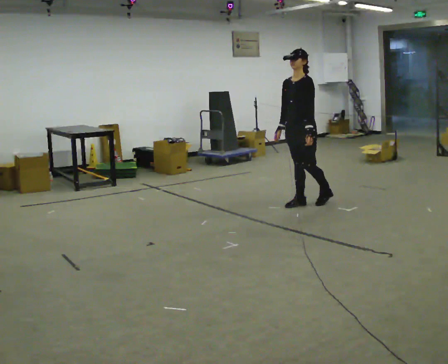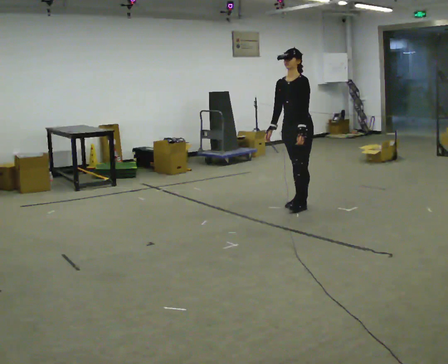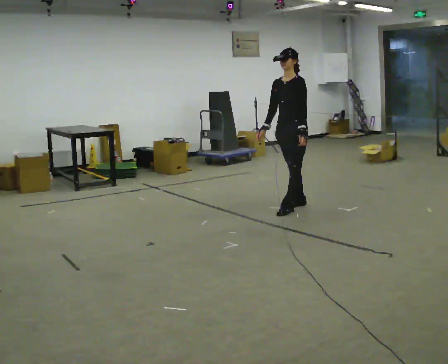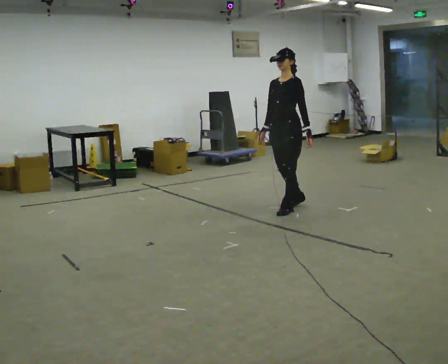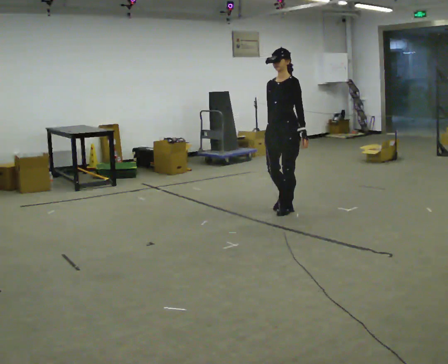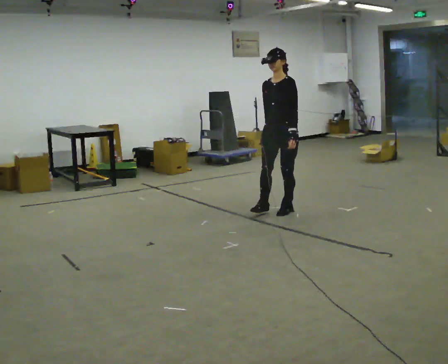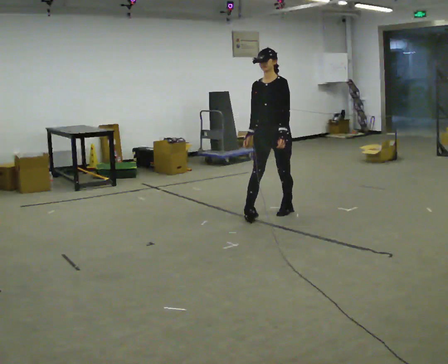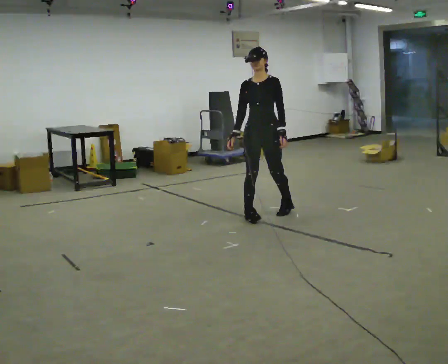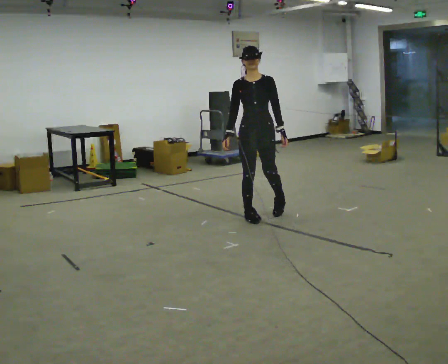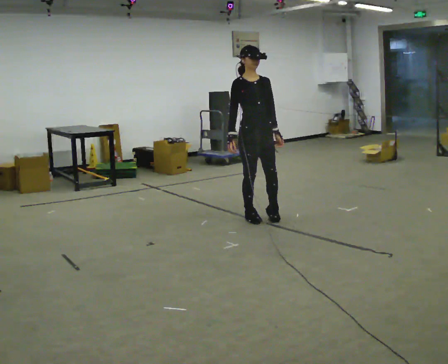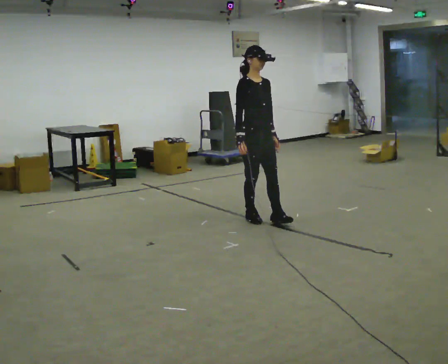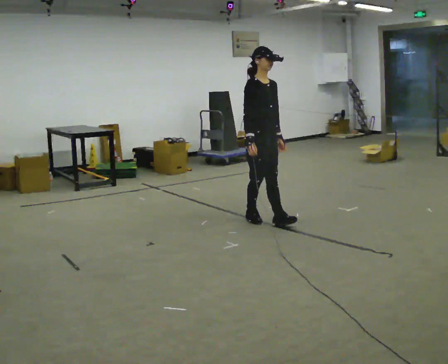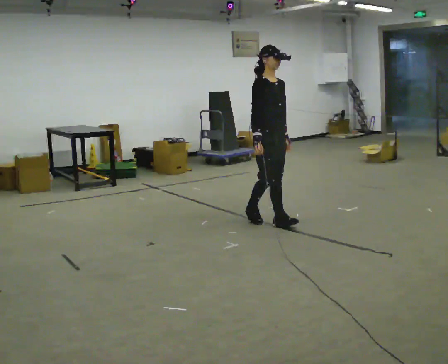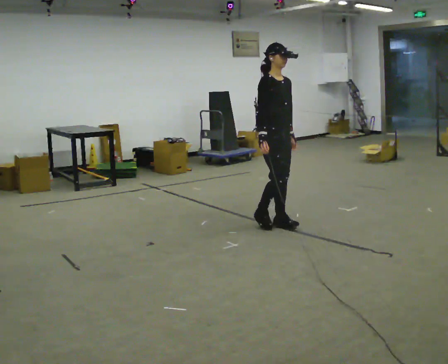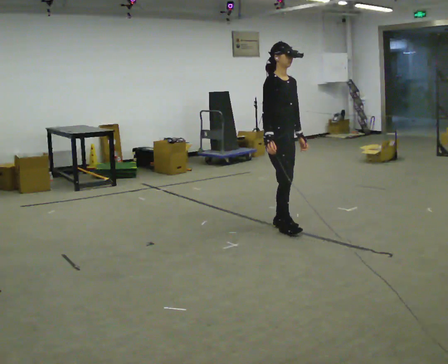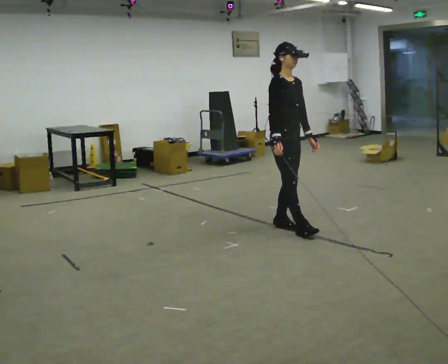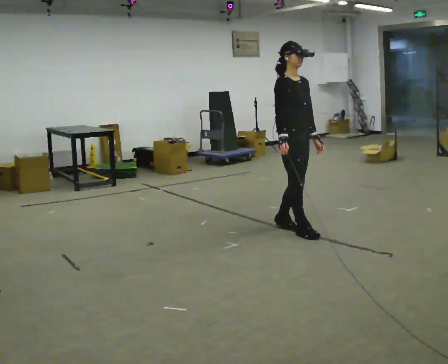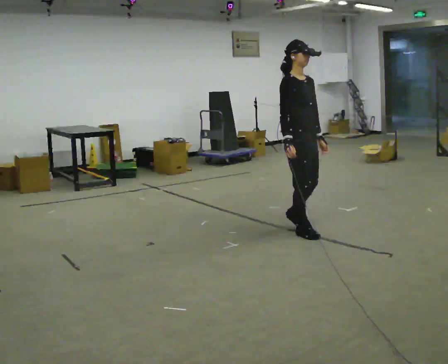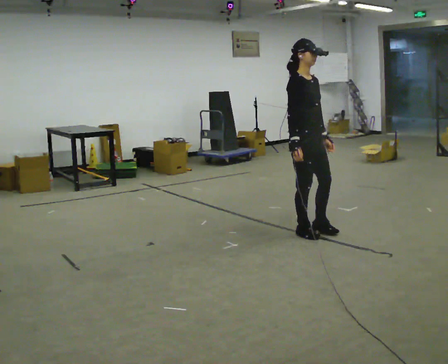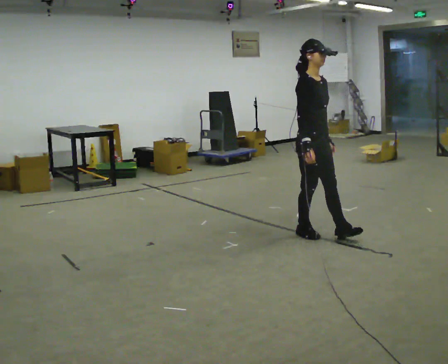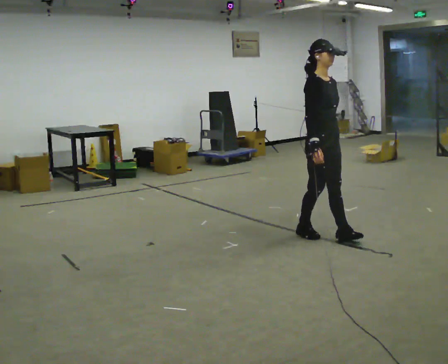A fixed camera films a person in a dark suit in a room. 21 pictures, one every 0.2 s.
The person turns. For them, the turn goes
to their left.
The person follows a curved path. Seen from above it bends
counterclockwise.
0.0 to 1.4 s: Seen from above the body turns counterclockwise, about 30 degrees: to their left, with its near side sliding to the right. In the picture they go toward the camera and to the left, about 0.5 m in 1 step, which for them is forward.
1.4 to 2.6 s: The person turns about 60 degrees to their left, counterclockwise seen from above, so the part of the body nearest the lens slides to the right. In the picture they go toward the camera, about 0.25 m in 2 steps.
2.6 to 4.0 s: In the picture they go toward the camera and to the right, about 0.5 m in 1 step, which for them is forward.
The film runs backward here.
